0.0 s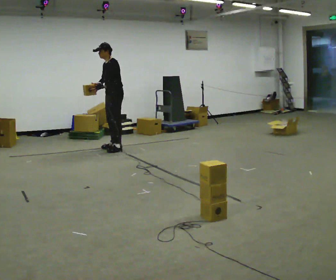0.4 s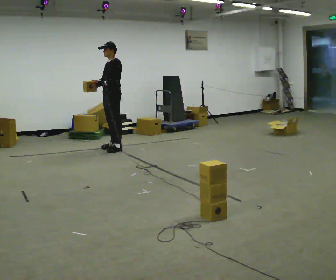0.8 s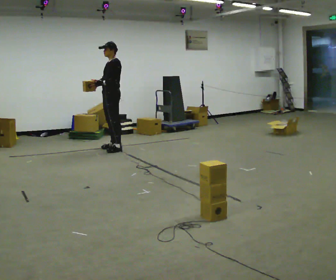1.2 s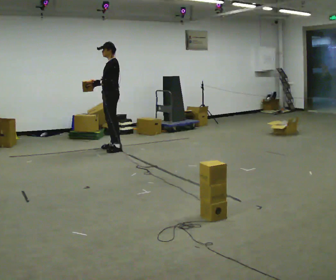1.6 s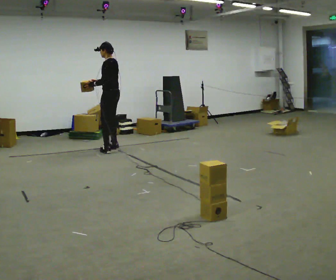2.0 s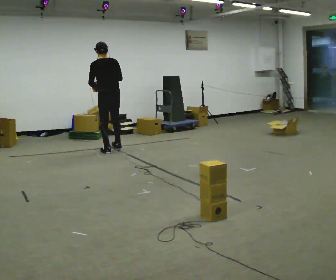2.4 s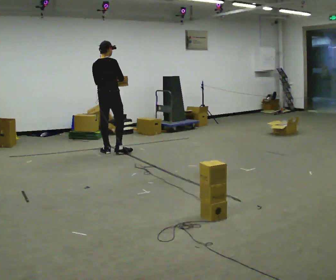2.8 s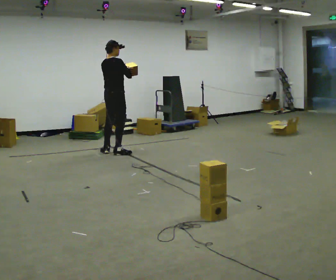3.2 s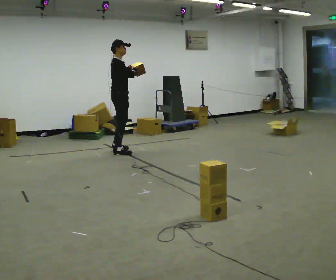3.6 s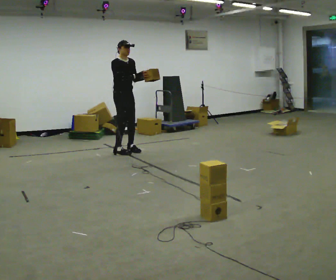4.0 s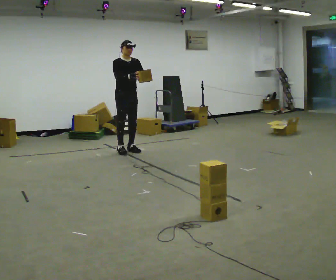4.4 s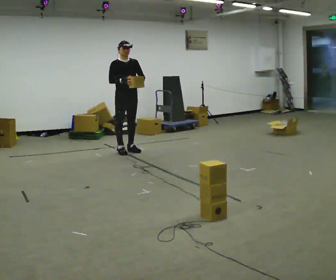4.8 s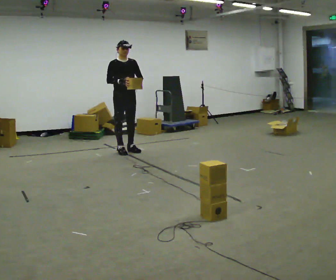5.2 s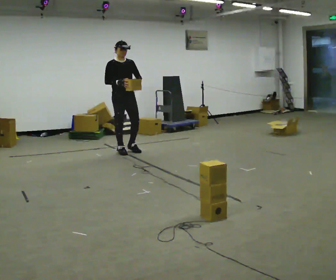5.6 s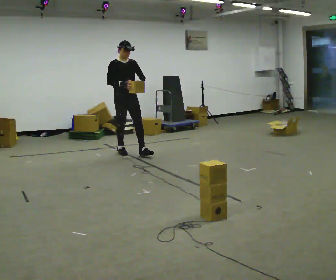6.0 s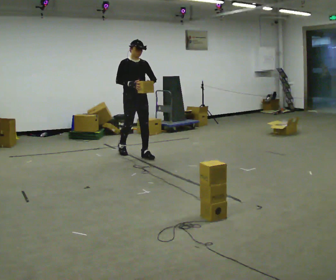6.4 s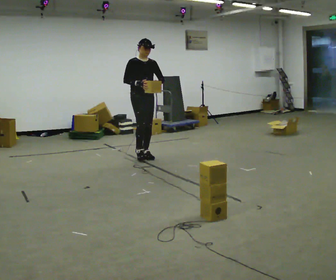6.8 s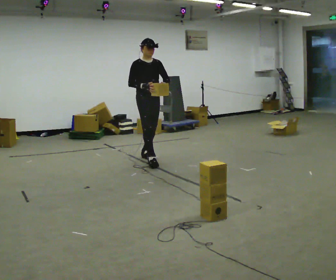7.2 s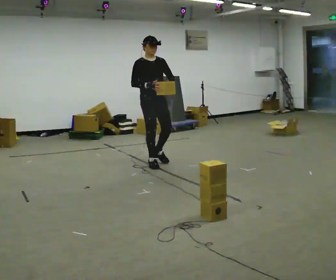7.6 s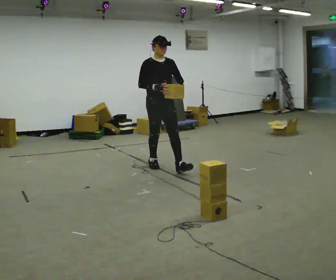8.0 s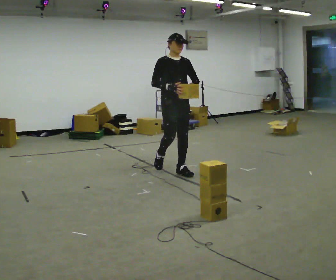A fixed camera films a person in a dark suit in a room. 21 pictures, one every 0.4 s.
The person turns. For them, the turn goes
to their right.
The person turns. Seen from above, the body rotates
clockwise.
0.0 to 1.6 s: The part of the body nearest the lens slides to the left as the person turns to their right by about 45 degrees.
1.6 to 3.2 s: The person turns about 165 degrees to their right, clockwise seen from above, so the part of the body nearest the lens slides to the left. In the picture they go toward the camera, about 0.25 m in 2 steps.
3.2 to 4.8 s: Seen from above the body turns clockwise, about 75 degrees: to their right, with its near side sliding to the left.
4.8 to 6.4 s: In the picture they go toward the camera and to the right, about 0.5 m in 1 step, which for them is forward.
6.4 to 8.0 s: In the picture they go toward the camera and to the right, about 1 m in 2 steps, which for them is forward.
The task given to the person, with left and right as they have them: Carry the stack of boxes across the room without letting it fall over, then bring it back. Keep going until the operator says stop; one object at a time, and do not rush between trips.
The film runs forward here.
